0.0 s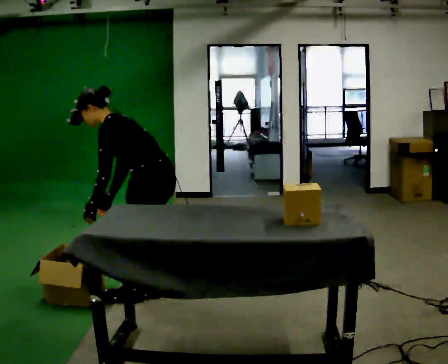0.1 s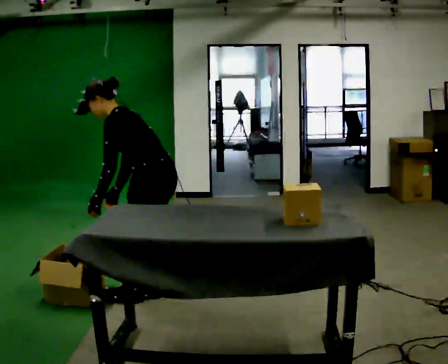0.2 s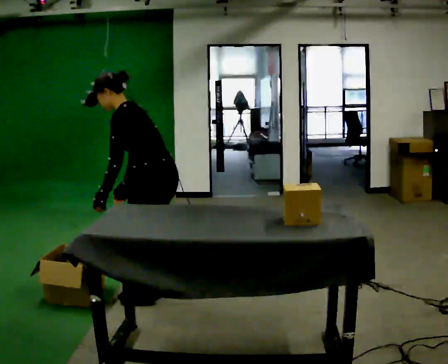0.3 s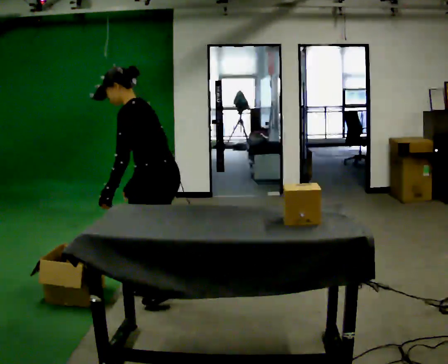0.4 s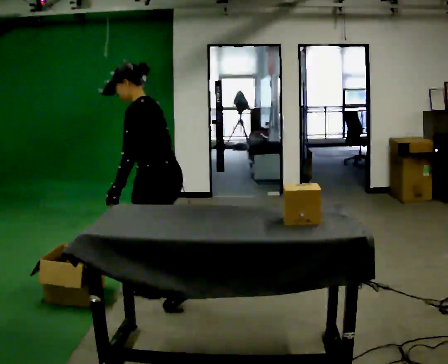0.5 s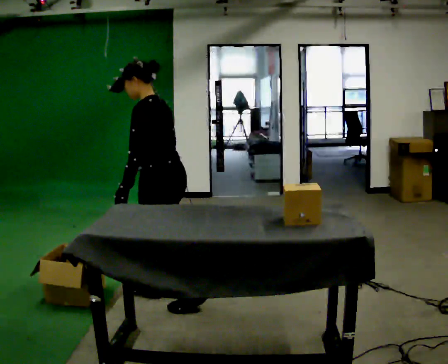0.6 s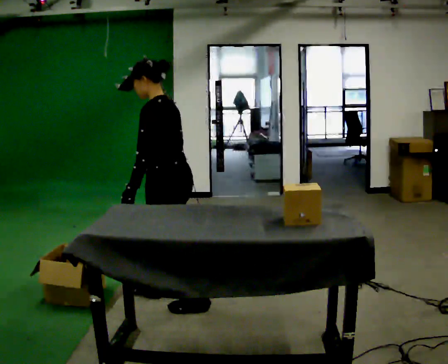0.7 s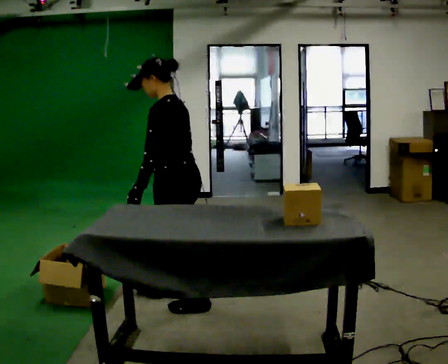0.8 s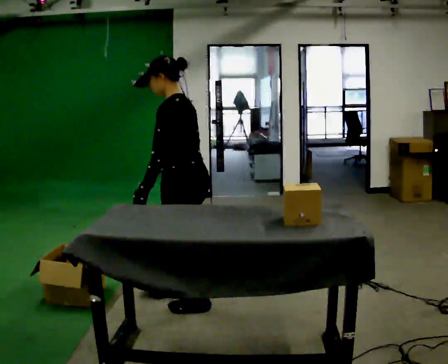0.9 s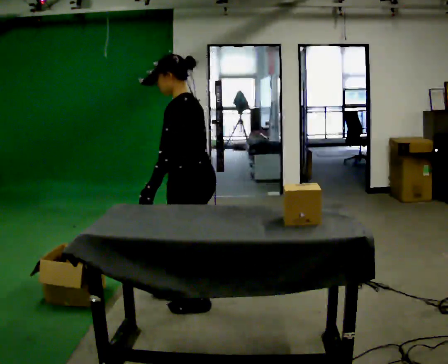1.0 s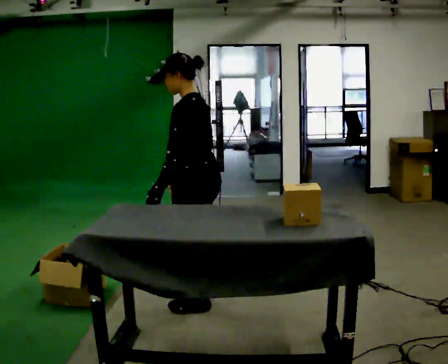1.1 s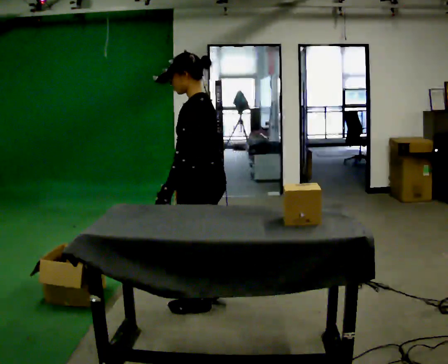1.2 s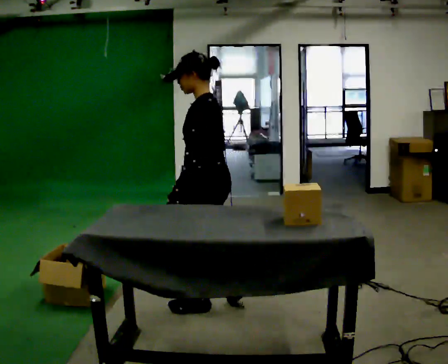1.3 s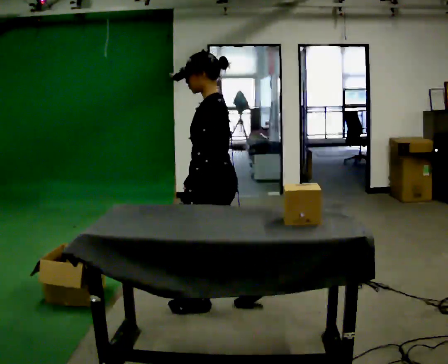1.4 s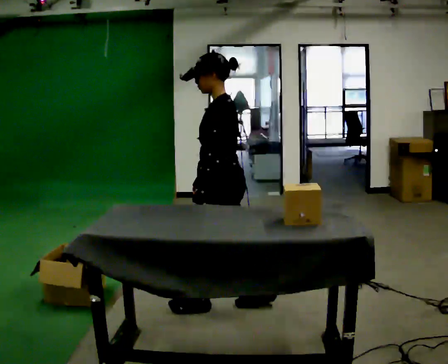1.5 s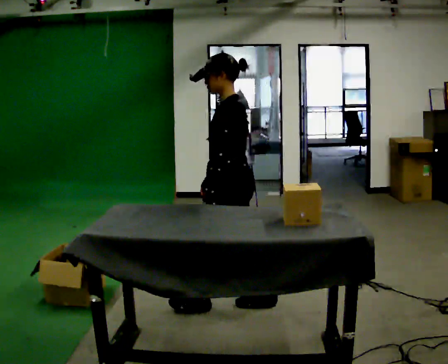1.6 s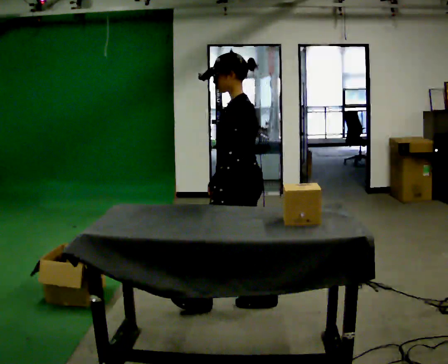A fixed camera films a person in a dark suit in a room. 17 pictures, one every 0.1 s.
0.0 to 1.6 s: In the picture they go to the right, about 0.5 m in 3 steps, which for them is backward. In the picture the upper body tilts clockwise, shoulders to the right, as they lean back or straighten.
The film runs backward here.
